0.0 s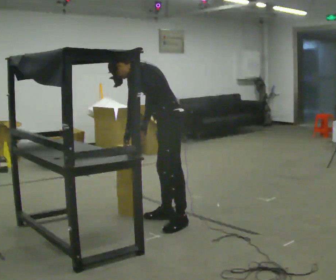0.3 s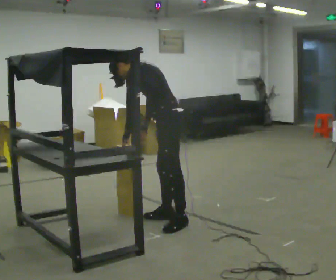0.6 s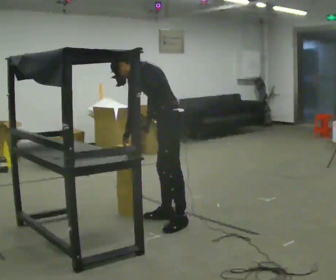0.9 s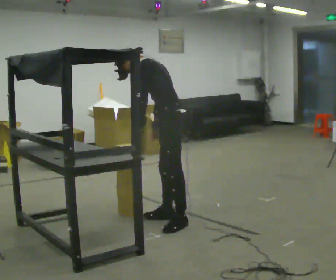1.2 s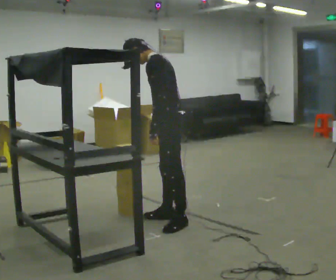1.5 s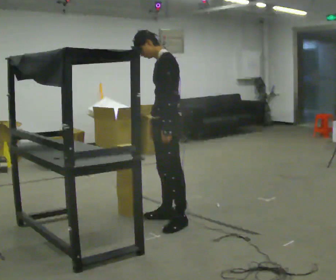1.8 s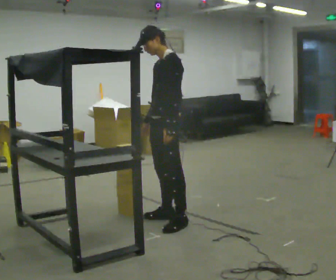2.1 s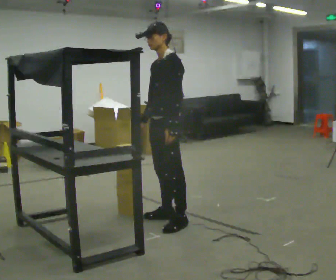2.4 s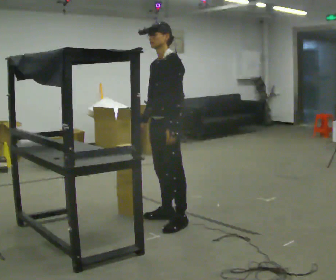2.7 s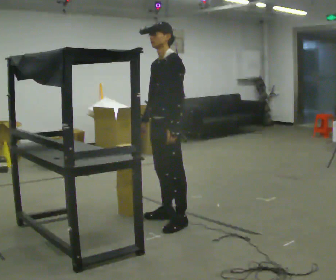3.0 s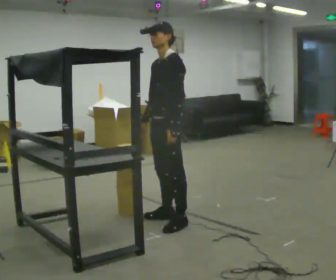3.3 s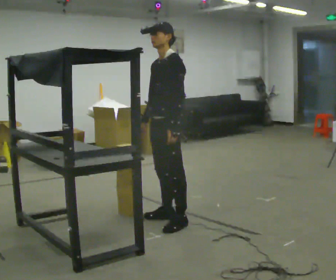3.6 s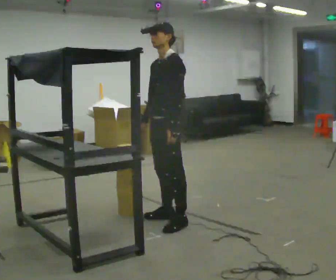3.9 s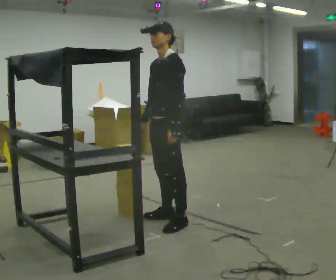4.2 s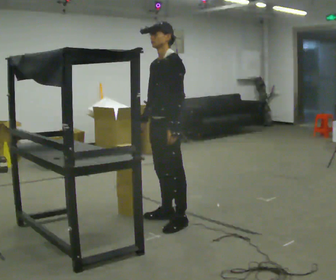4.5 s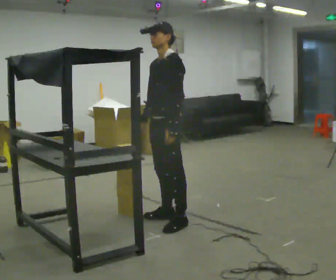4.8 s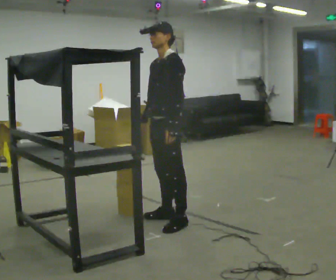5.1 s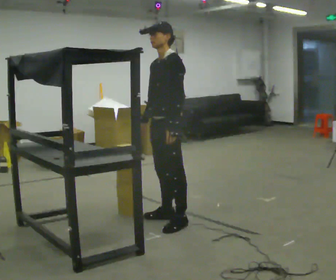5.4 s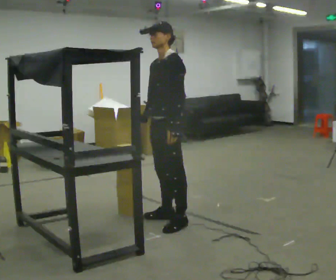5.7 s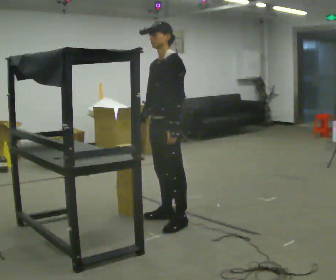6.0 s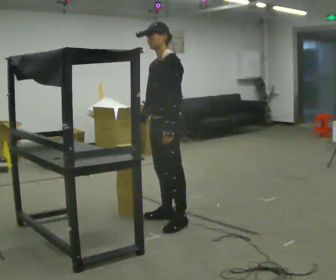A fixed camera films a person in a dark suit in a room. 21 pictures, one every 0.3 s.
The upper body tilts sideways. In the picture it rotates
clockwise.
0.0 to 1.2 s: In the picture the upper body tilts clockwise, shoulders to the right, as they lean back or straighten.
1.2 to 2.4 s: The person turns about 30 degrees to their left, counterclockwise seen from above, so the part of the body nearest the lens slides to the right. In the picture the upper body tilts clockwise, shoulders to the right, as they lean back or straighten.
2.4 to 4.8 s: The person keeps their place and pose.
4.8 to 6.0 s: The person moves a little, or ends about where they began.
The film runs backward here.
